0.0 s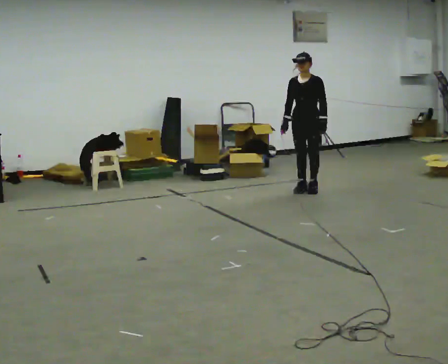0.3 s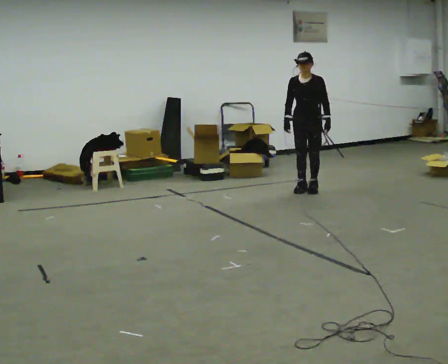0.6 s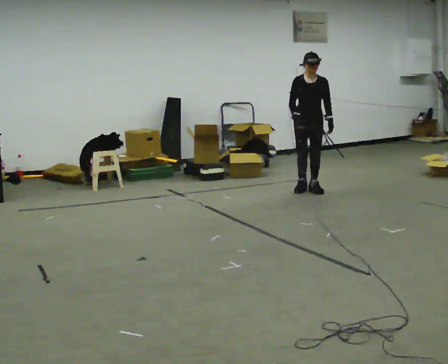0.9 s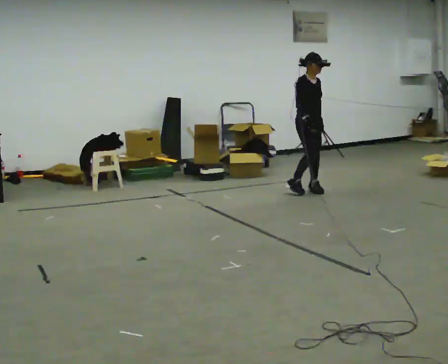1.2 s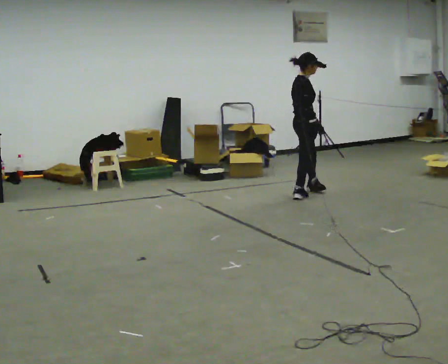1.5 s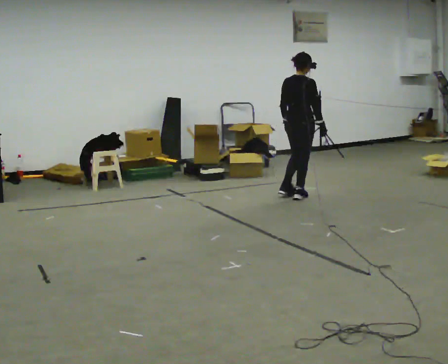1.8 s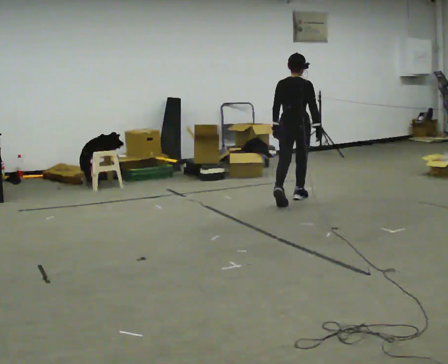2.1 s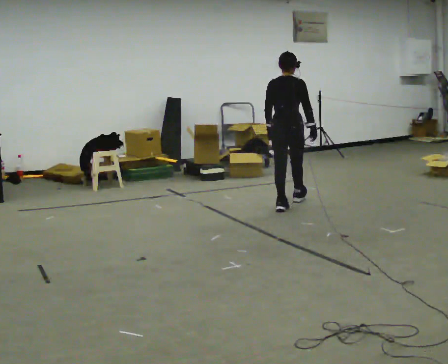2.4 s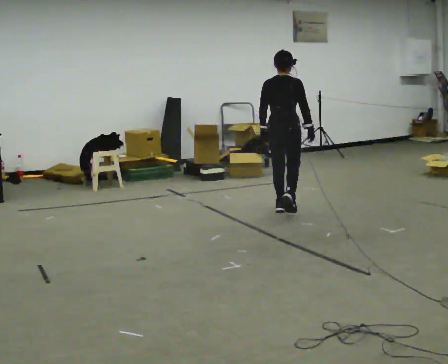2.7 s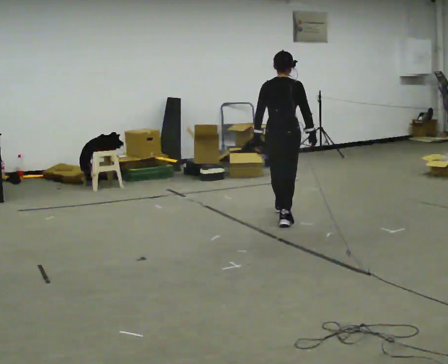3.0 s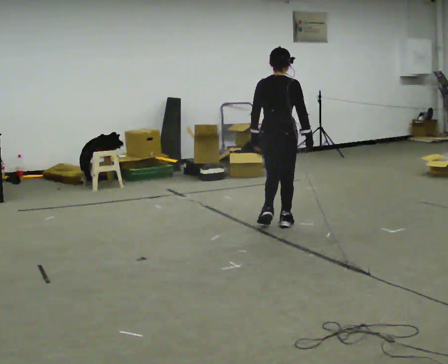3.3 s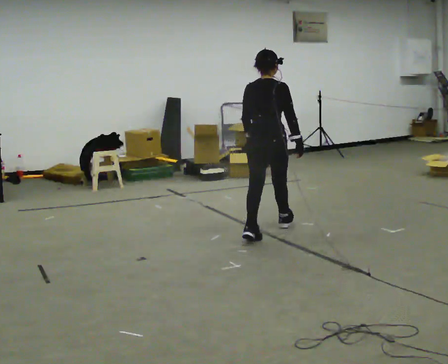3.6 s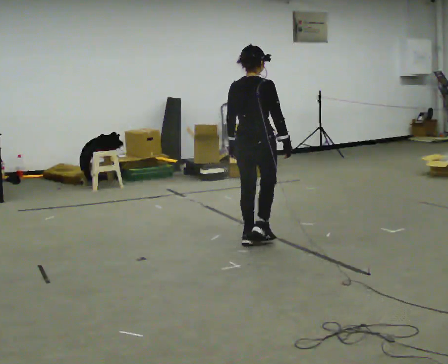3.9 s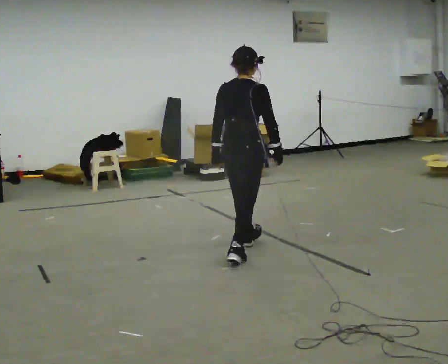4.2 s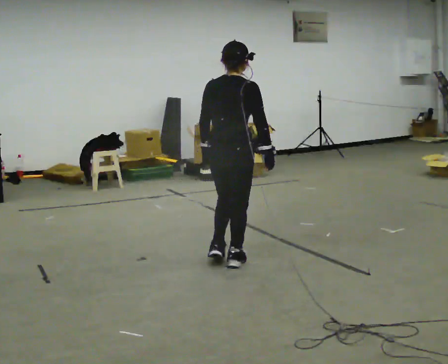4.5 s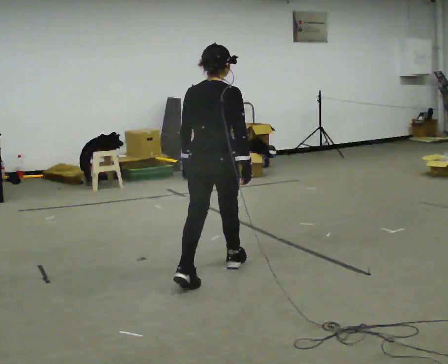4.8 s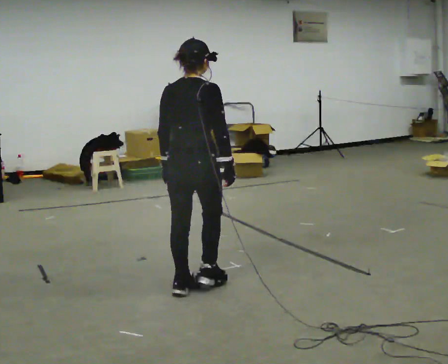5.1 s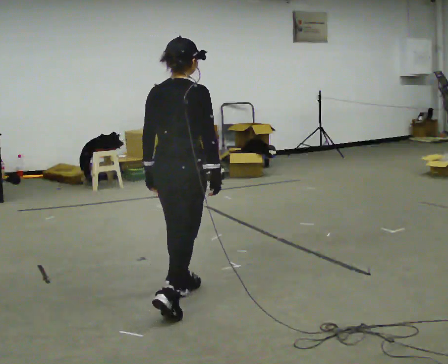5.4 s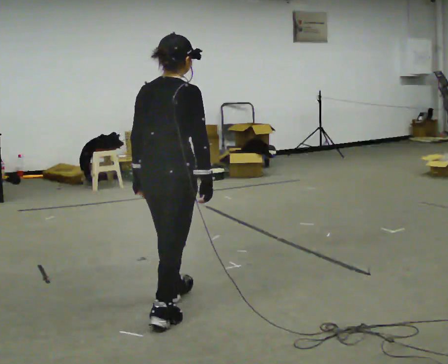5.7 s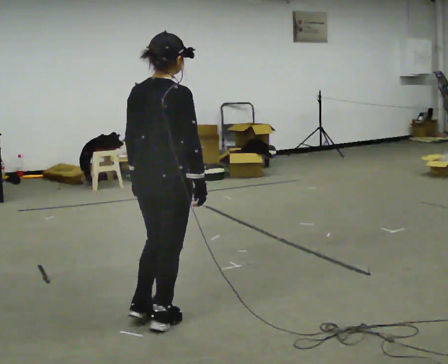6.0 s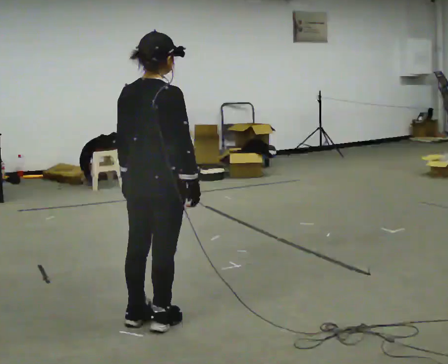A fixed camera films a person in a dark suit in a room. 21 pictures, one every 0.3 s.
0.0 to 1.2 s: The part of the body nearest the lens slides to the right as the person turns to their left by about 120 degrees. In the picture they go toward the camera, about 0.25 m in 2 steps.
1.2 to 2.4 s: Seen from above the body turns counterclockwise, about 60 degrees: to their left, with its near side sliding to the right. In the picture they go toward the camera, about 1 m in 1 step.
2.4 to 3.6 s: In the picture they go toward the camera, about 1 m in 2 steps, which for them is backward.
3.6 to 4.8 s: In the picture they go toward the camera, about 1 m in 2 steps, which for them is backward.
4.8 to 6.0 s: In the picture they go toward the camera, about 0.5 m in 1 step, which for them is backward.
The film runs backward here.
